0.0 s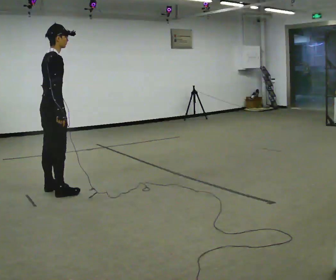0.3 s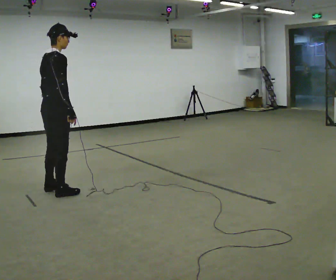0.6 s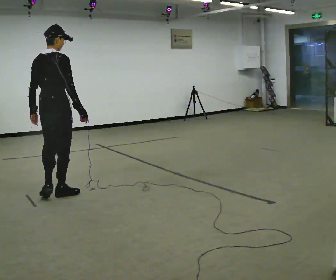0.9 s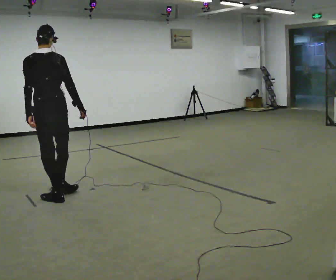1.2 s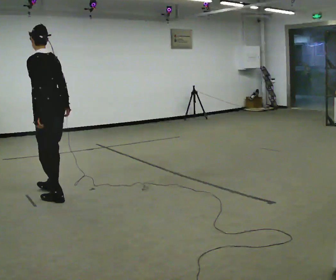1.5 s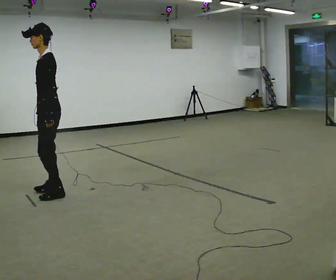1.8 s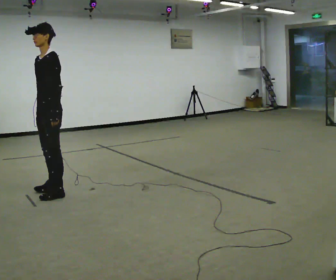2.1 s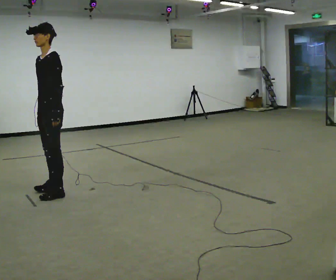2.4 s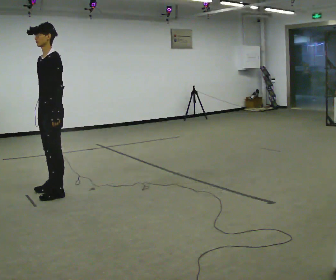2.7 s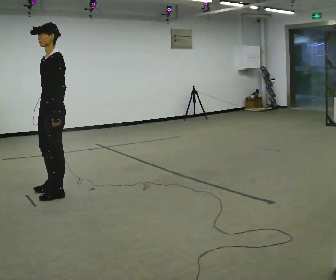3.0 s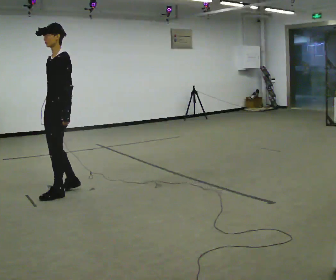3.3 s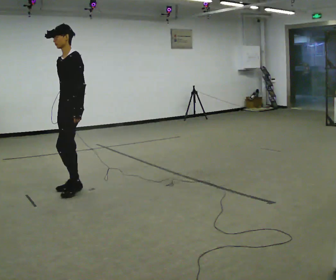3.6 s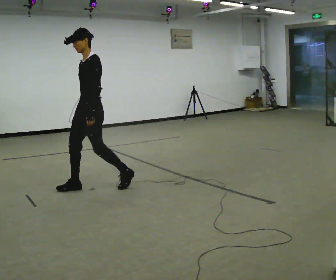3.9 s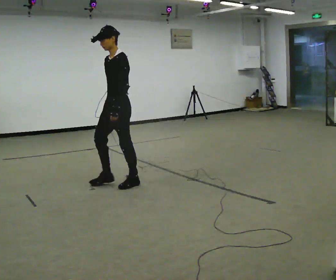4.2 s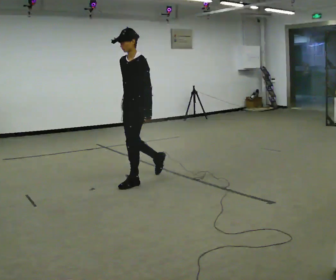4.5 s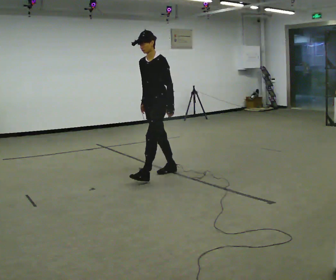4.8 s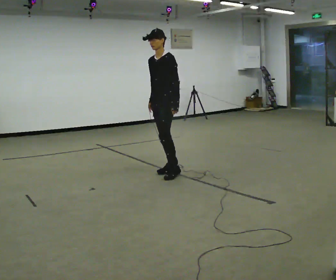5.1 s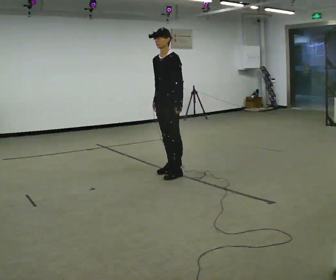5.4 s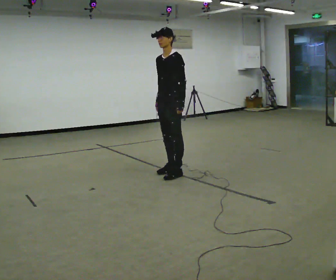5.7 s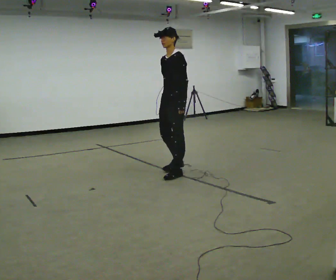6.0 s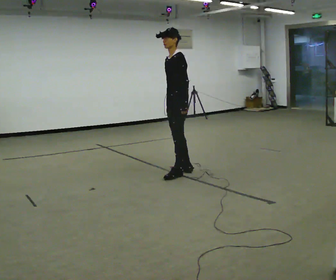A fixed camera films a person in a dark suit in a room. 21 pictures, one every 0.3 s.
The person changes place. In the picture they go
to the right.
0.0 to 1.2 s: Seen from above the body turns counterclockwise, about 120 degrees: to their left, with its near side sliding to the right.
1.2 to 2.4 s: Seen from above the body turns counterclockwise, about 60 degrees: to their left, with its near side sliding to the right. In the picture their right hand goes to the left.
2.4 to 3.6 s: In the picture they go to the right, about 0.5 m in 2 steps, which for them is backward.
3.6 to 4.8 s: In the picture they go to the right and away from the camera, about 1 m in 2 steps, which for them is backward.
4.8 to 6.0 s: The part of the body nearest the lens slides to the left as the person turns to their right by about 30 degrees. In the picture they go to the right, about 0.25 m in 1 step, which for them is to their left.
The film runs backward here.
